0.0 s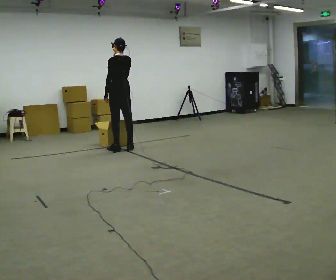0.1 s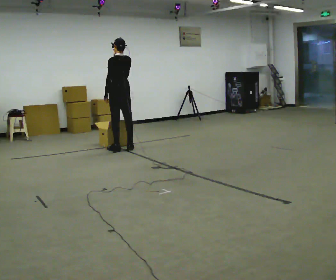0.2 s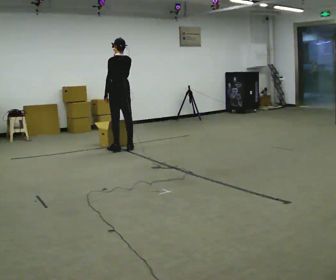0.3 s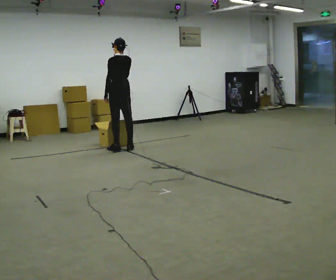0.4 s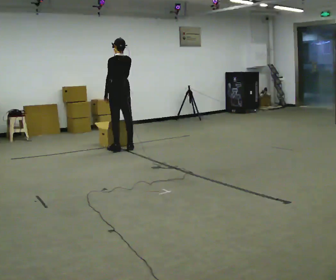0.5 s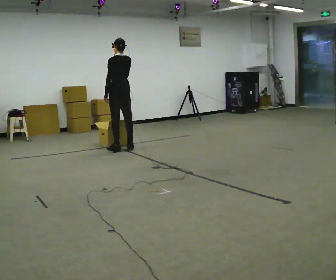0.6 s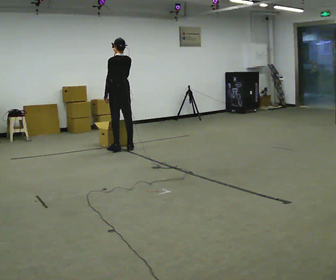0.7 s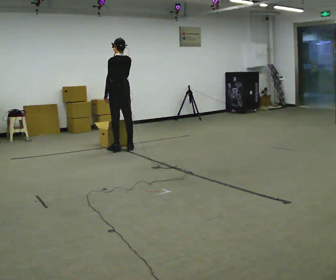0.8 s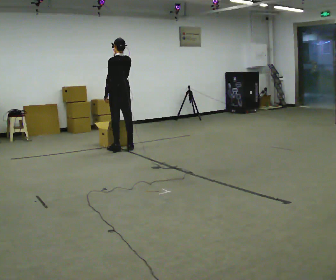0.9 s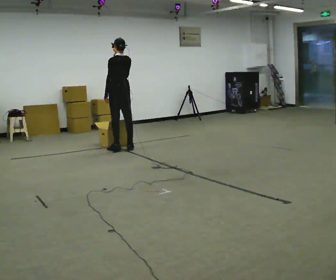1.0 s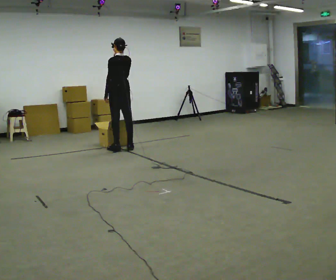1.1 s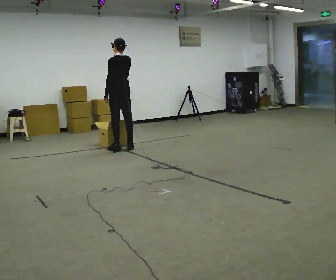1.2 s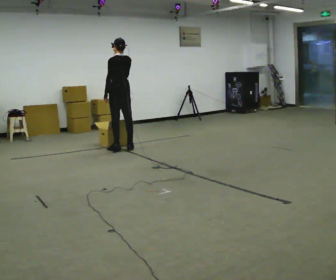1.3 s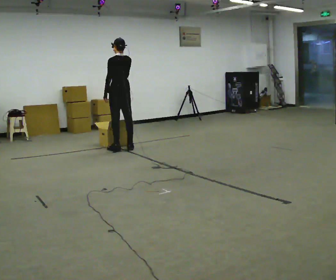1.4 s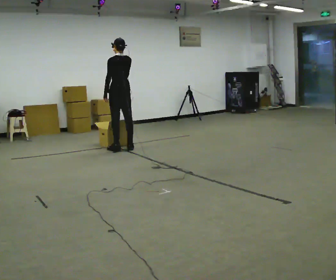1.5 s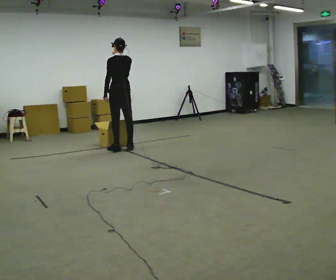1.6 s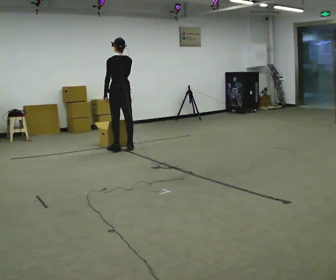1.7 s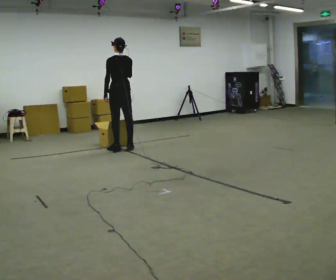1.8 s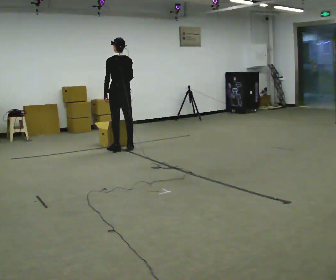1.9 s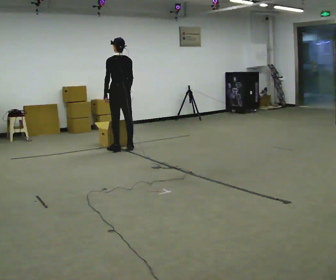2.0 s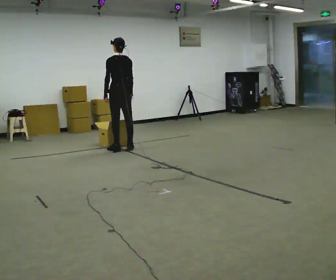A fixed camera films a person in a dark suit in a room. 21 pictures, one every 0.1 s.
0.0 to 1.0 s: The person keeps their place and pose.
1.0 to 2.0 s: In the picture their right hand goes downward.
The film runs backward here.
